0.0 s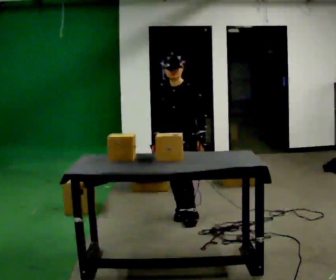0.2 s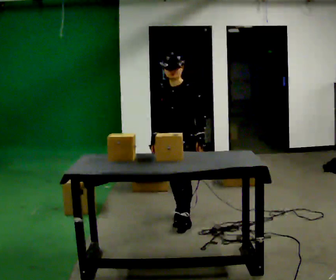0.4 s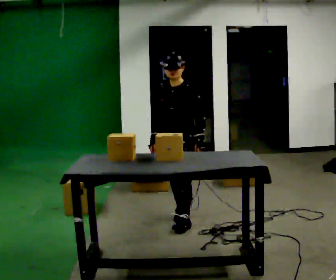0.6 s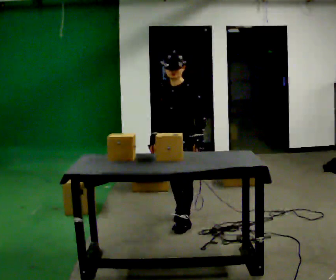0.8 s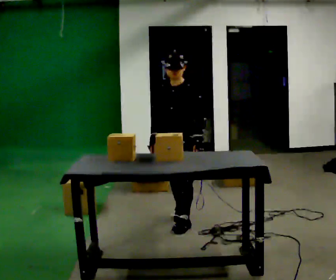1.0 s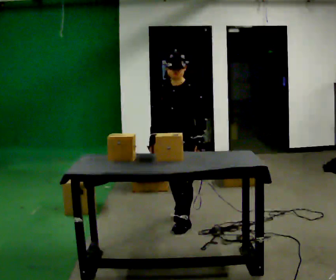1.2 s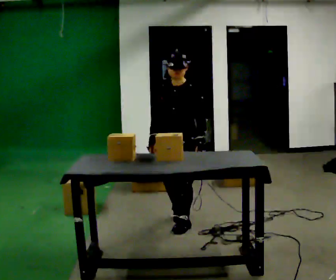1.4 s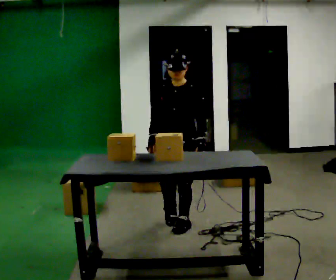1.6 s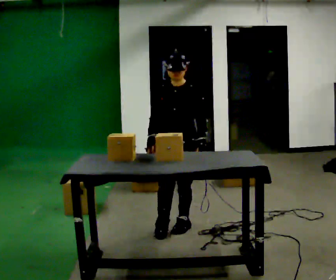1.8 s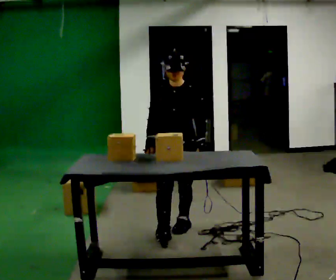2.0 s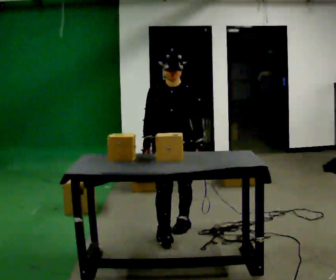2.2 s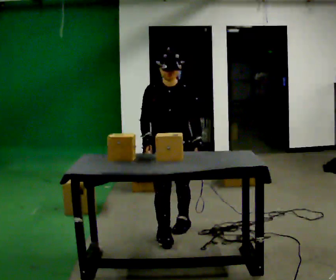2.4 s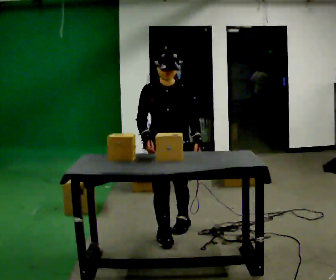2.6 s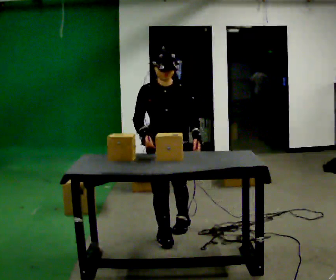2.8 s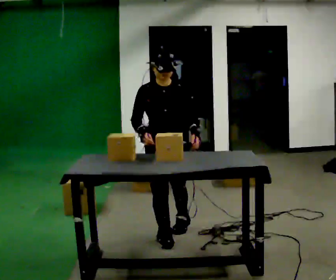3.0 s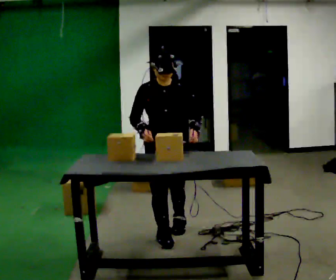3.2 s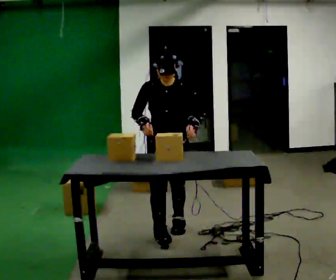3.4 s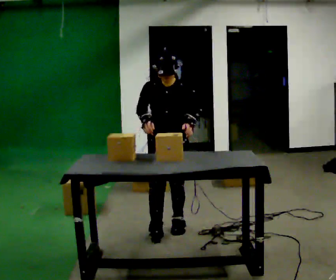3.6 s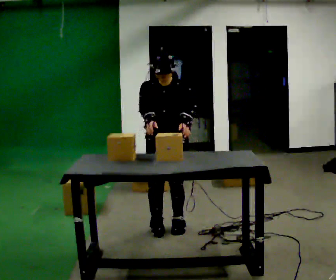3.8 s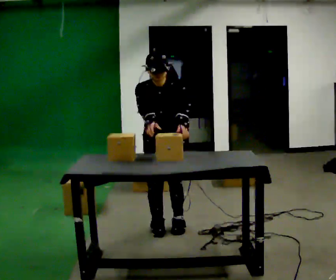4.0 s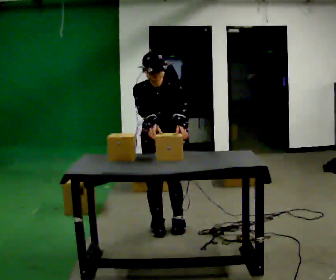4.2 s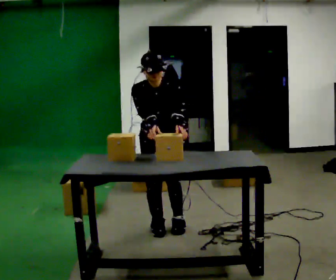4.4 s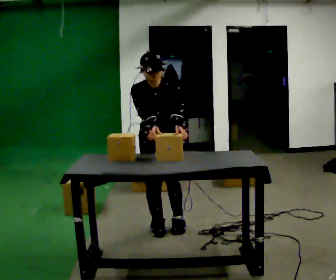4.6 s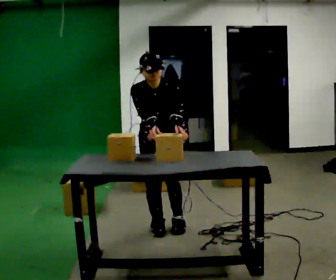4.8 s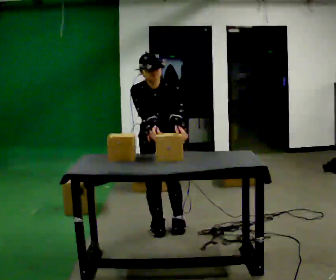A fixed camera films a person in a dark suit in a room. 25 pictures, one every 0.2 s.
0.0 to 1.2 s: In the picture they go toward the camera, about 0.25 m in 1 step, which for them is forward.
1.2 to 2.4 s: In the picture they go toward the camera, about 0.25 m in 1 step, which for them is forward.
2.4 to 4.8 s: In the picture they go away from the camera, about 0.25 m in 1 step, which for them is backward. The upper body tips toward the camera, its near side rolling downward, as they bend forward.
The film runs forward here.
